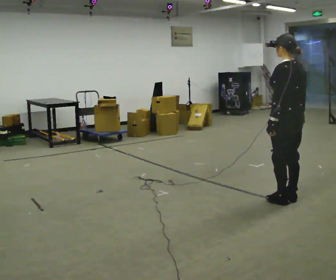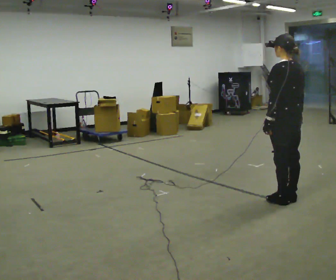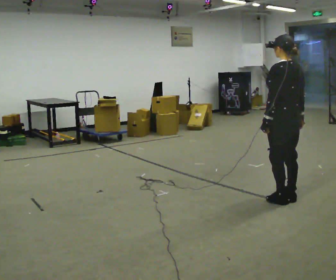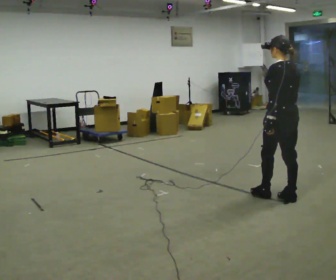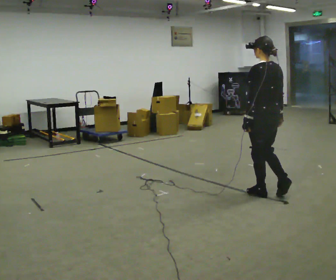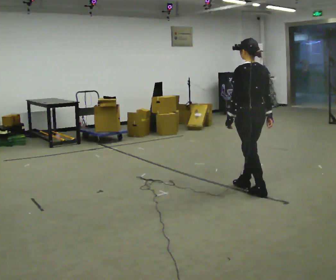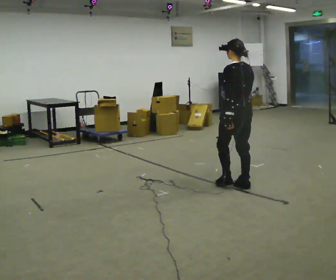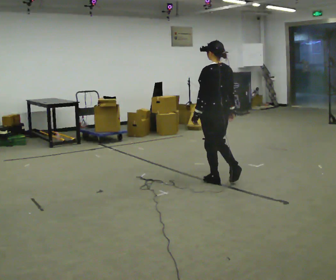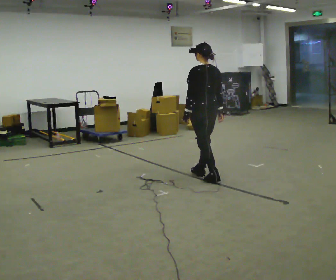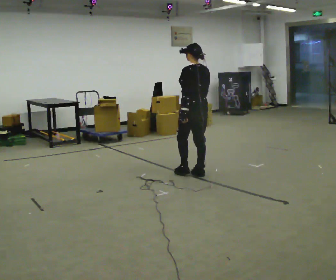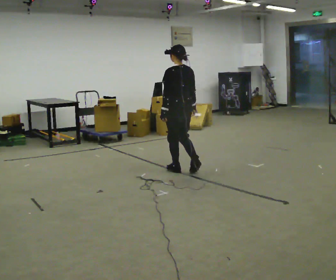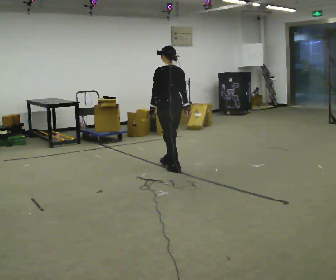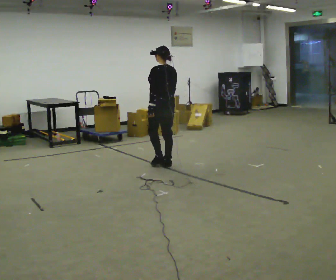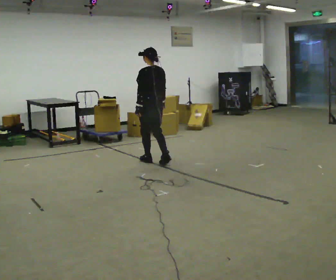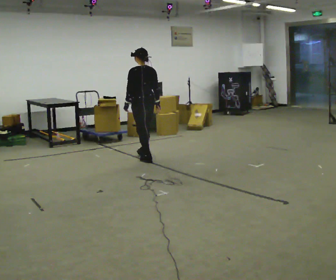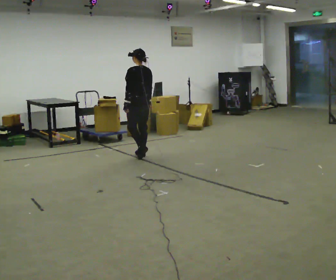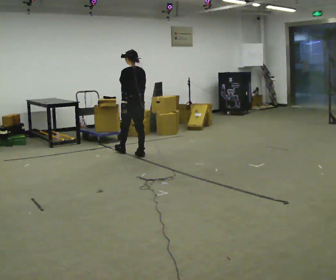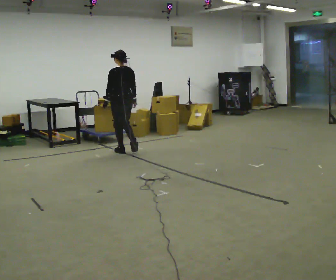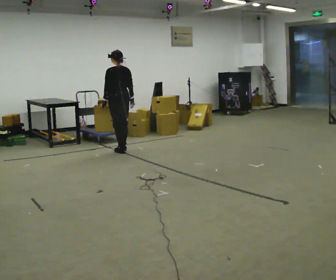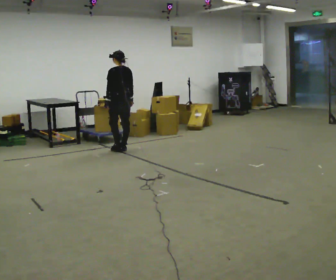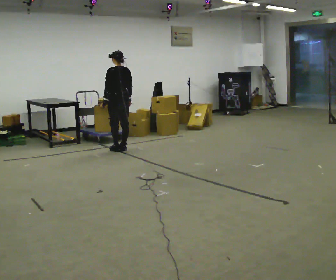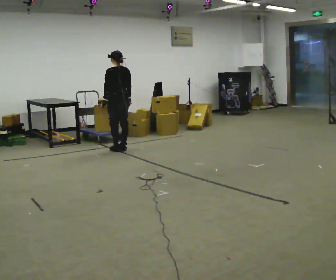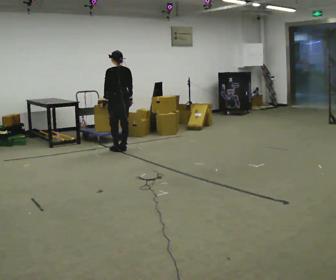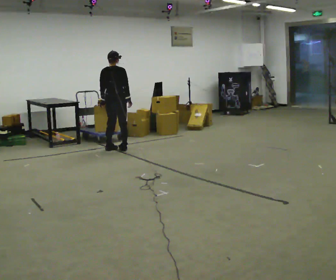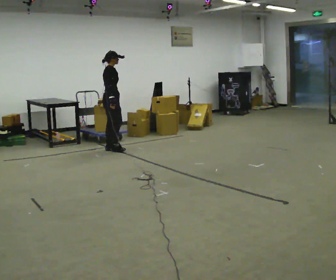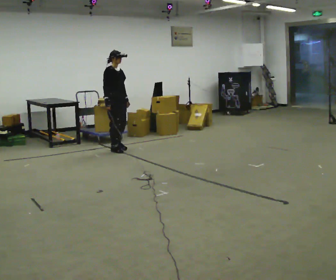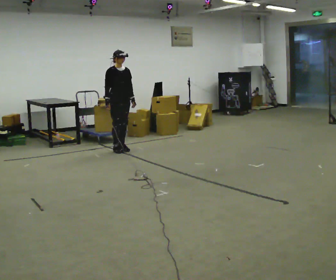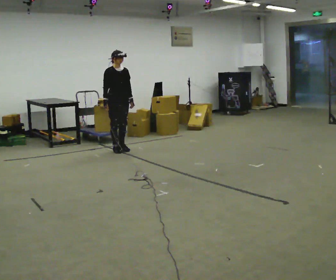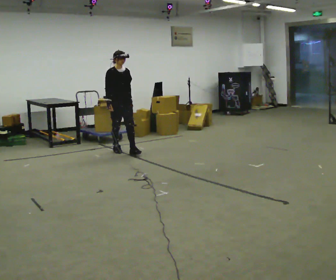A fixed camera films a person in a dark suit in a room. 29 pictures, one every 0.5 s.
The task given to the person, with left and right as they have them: Walk forward noticeably slower than normal; do not shuffle; stop.
0.0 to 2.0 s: In the picture they go away from the camera and to the left, about 0.25 m in 1 step, which for them is forward.
2.0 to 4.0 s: In the picture they go away from the camera and to the left, about 1 m in 3 steps, which for them is forward.
4.0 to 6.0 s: In the picture they go away from the camera and to the left, about 1 m in 2 steps, which for them is forward.
6.0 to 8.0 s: In the picture they go away from the camera and to the left, about 0.5 m in 3 steps, which for them is forward.
8.0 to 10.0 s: In the picture they go away from the camera and to the left, about 0.5 m in 2 steps, which for them is forward.
10.0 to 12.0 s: Seen from above the body turns clockwise, about 105 degrees: to their right, with its near side sliding to the left. In the picture they go to the left, about 0.25 m in 1 step.
12.0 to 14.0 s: The part of the body nearest the lens slides to the left as the person turns to their right by about 75 degrees. In the picture they go to the right, about 0.25 m in 1 step. In the picture their left hand goes to the right.
The film runs forward here.
